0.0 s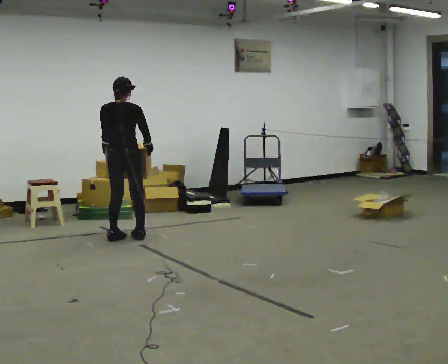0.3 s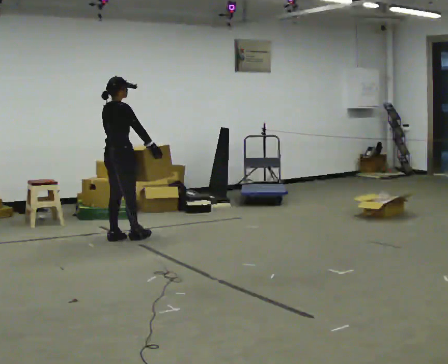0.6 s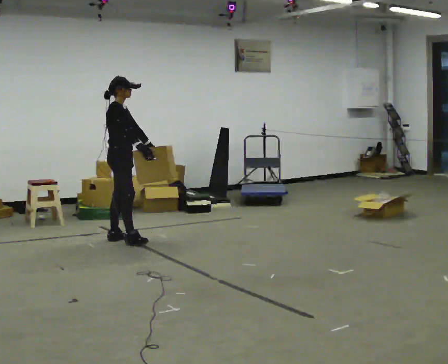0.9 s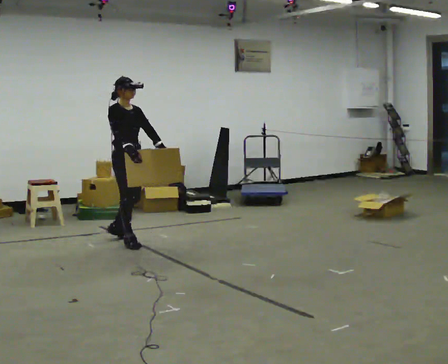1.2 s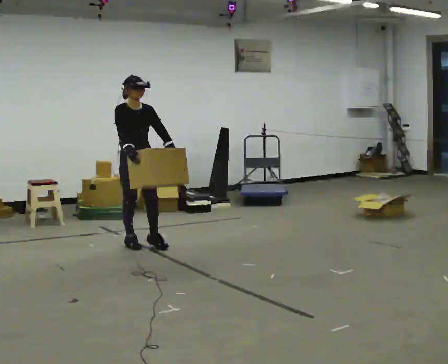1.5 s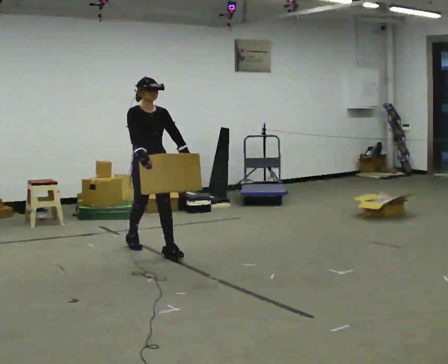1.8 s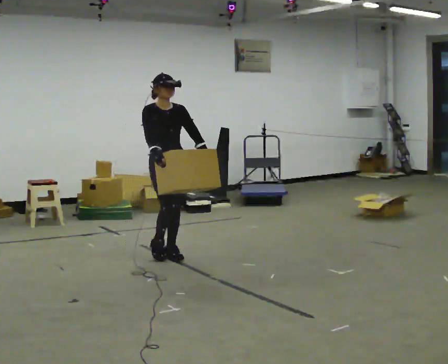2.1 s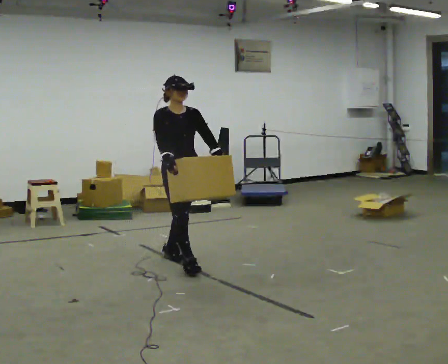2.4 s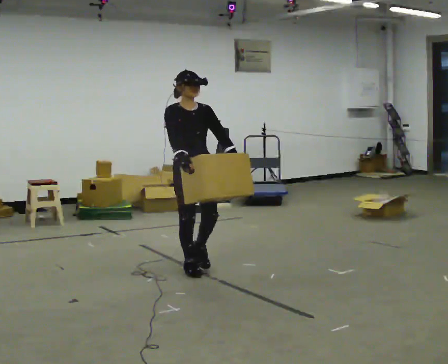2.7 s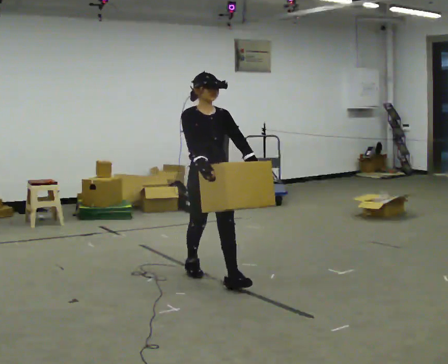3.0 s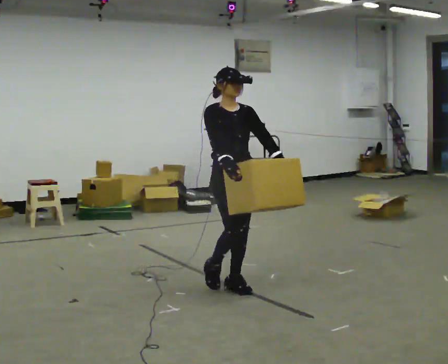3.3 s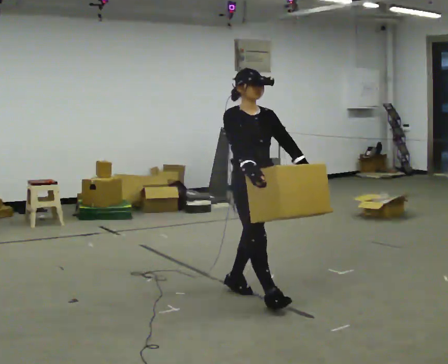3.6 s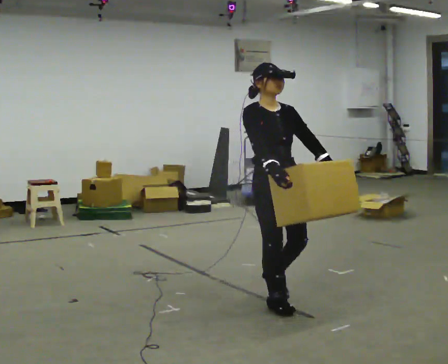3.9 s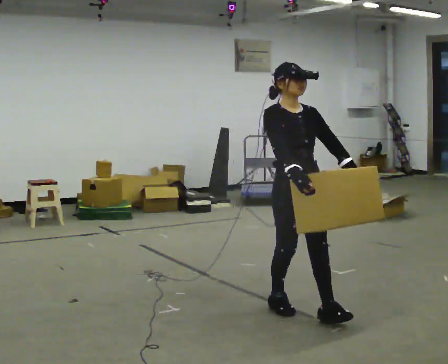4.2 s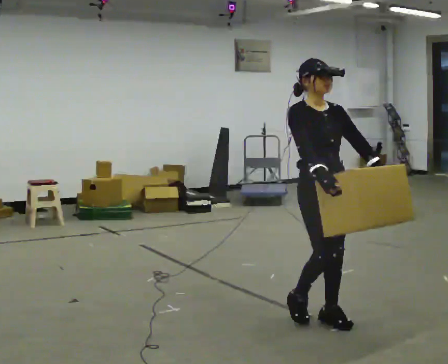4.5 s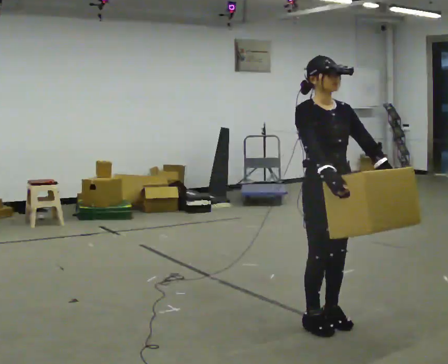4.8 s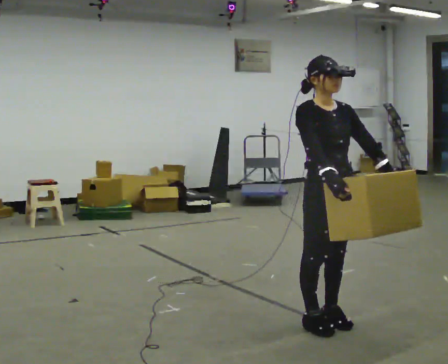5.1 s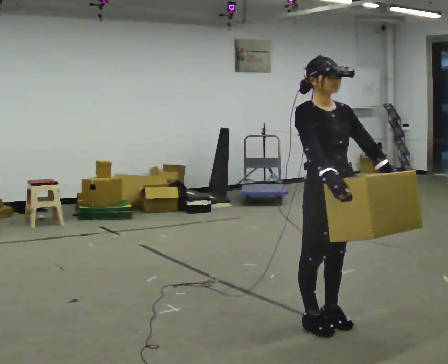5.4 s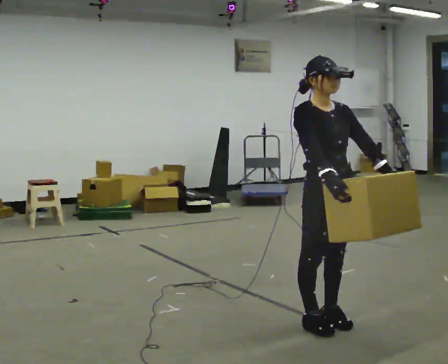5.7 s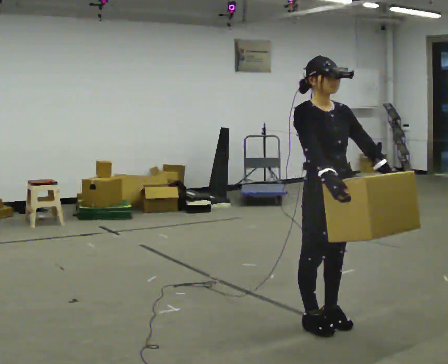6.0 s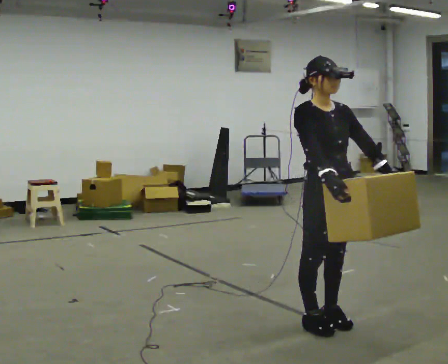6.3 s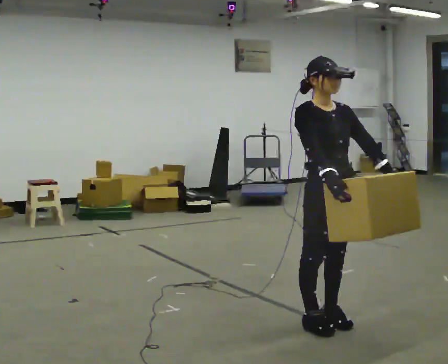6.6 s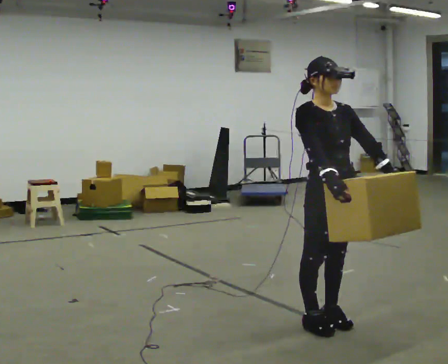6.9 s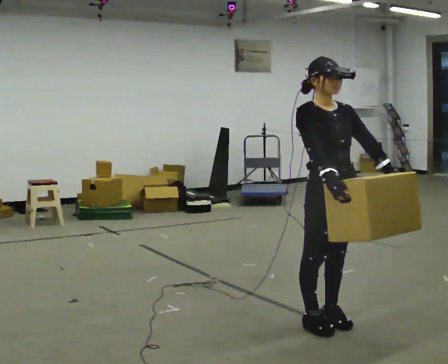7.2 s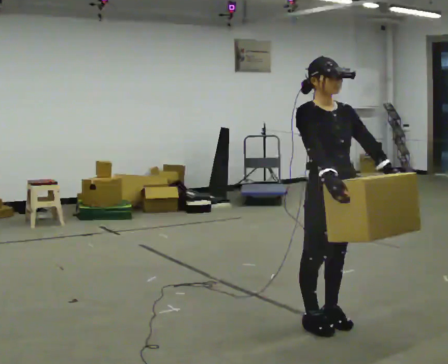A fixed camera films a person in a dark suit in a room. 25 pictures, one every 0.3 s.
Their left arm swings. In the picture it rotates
counterclockwise.
The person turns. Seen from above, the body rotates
clockwise.
0.0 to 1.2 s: The part of the body nearest the lens slides to the left as the person turns to their right by about 135 degrees. In the picture they go toward the camera and to the right, about 0.25 m in 1 step.
1.2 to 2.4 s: In the picture they go to the right and toward the camera, about 1 m in 2 steps, which for them is forward.
2.4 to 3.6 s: In the picture they go toward the camera and to the right, about 1 m in 2 steps, which for them is forward.
3.6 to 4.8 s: In the picture they go to the right and toward the camera, about 0.5 m in 2 steps, which for them is forward.
4.8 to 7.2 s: The person keeps their place and pose.
The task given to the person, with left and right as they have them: Carry the heavy box in both hands in front of you, walking back and forth across the room. Keep walking until the operator says stop. Set it down if you need a rest.
The film runs forward here.
